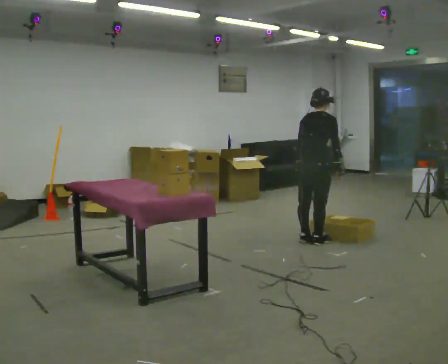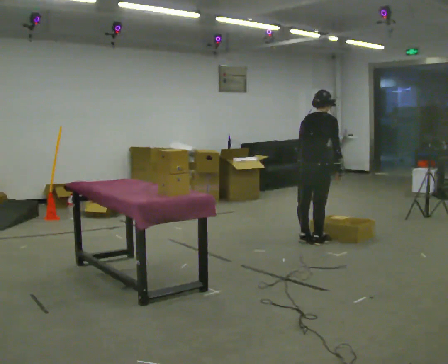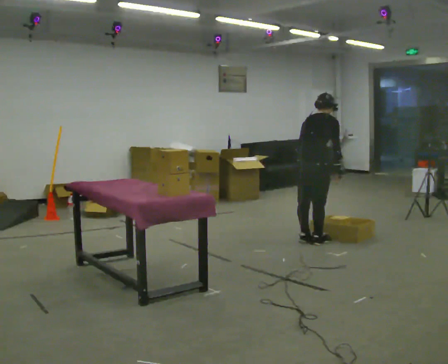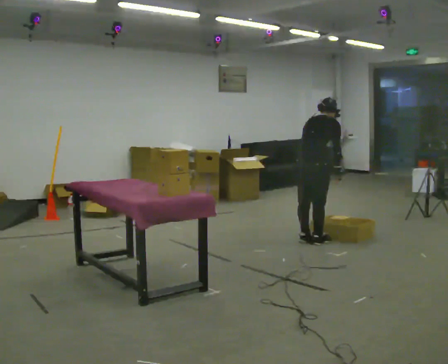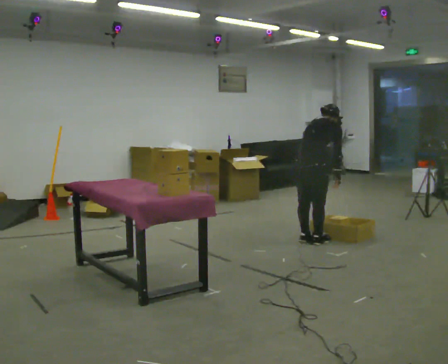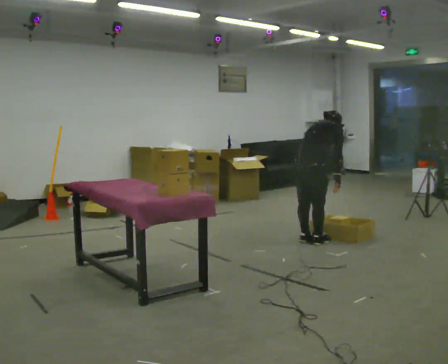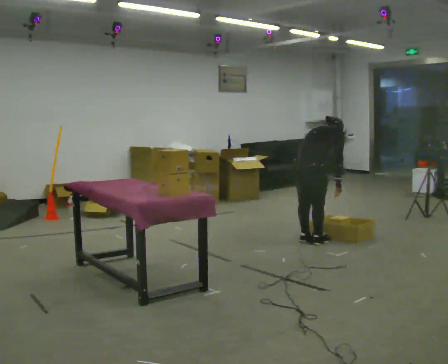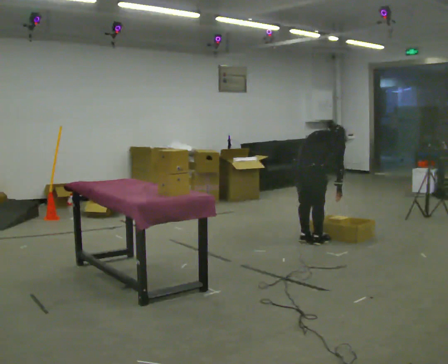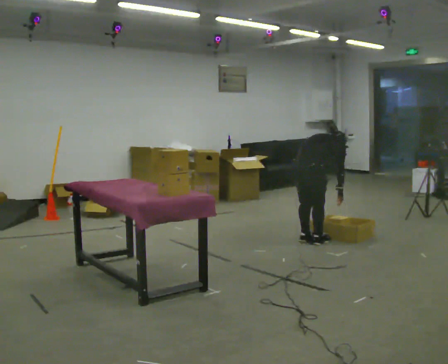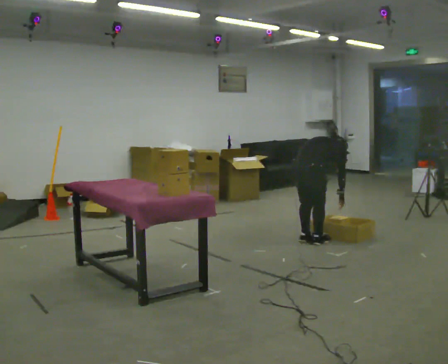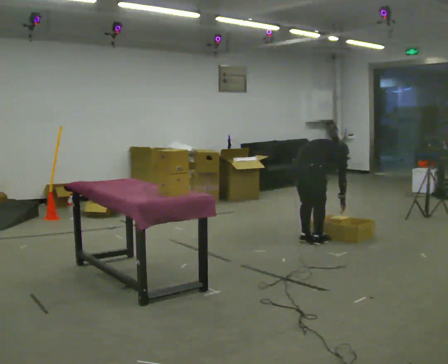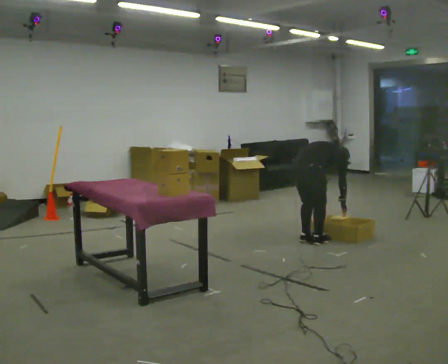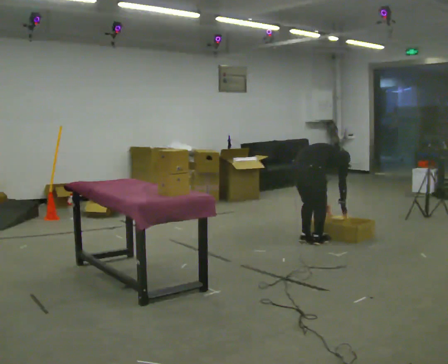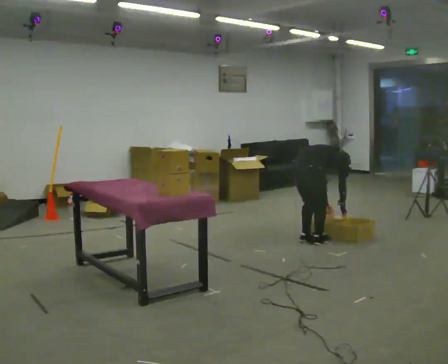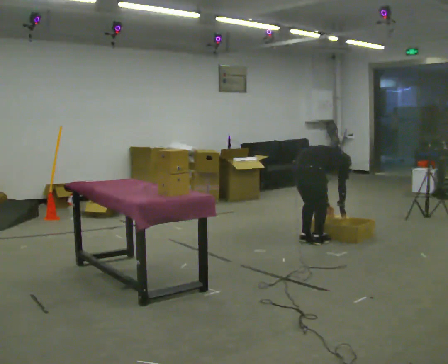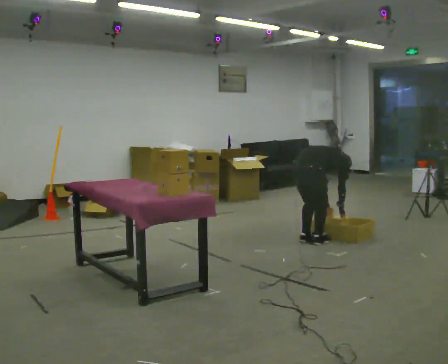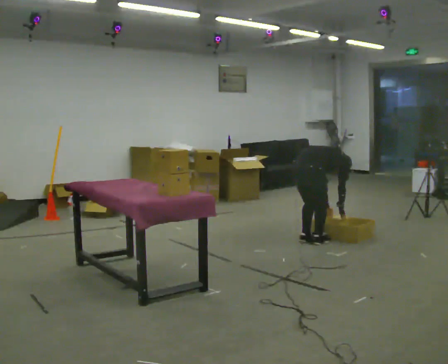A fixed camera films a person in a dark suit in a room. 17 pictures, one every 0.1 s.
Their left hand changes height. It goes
downward.
The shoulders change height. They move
downward.
0.0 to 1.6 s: The upper body goes downward. In the picture the upper body tilts clockwise, shoulders to the right, as they bend forward. In the picture their left hand goes downward and to the right.
The film runs backward here.
